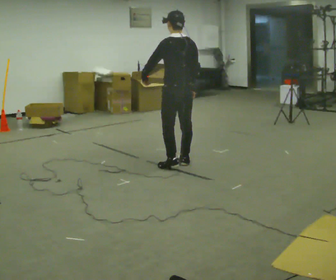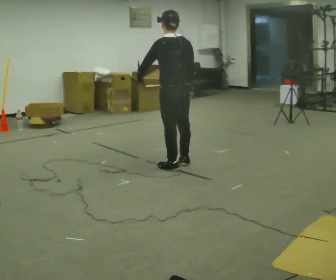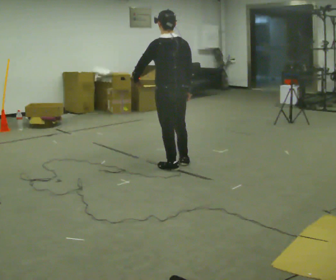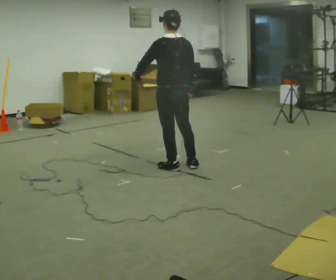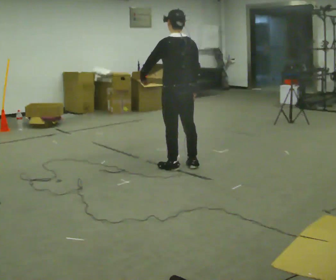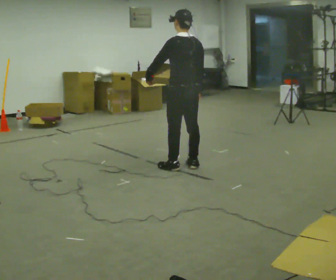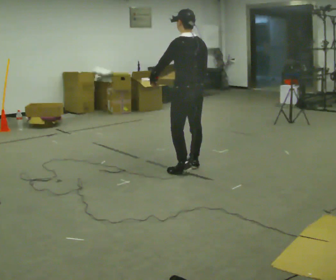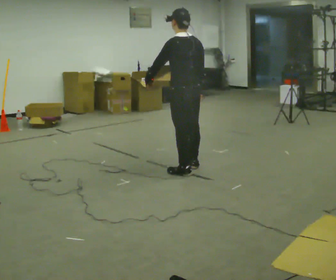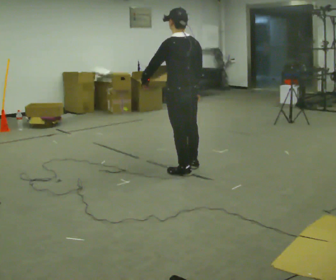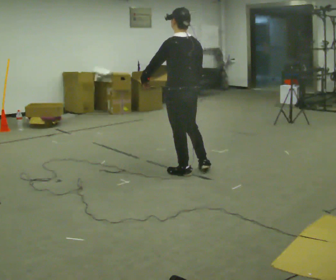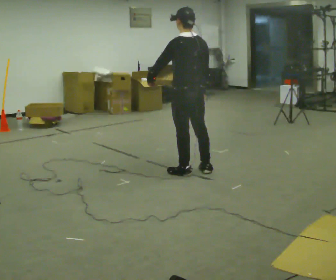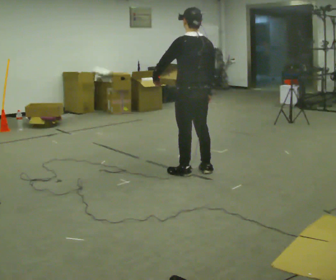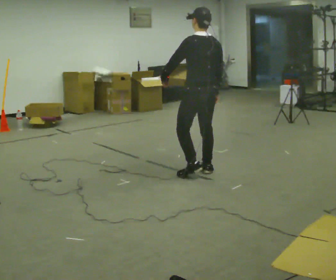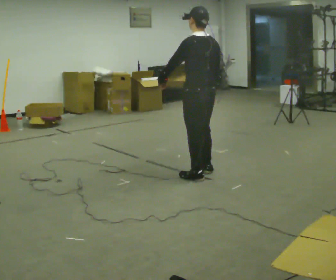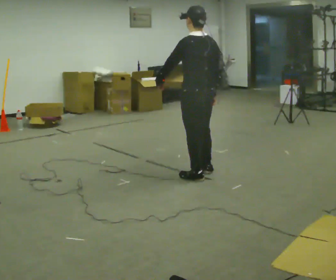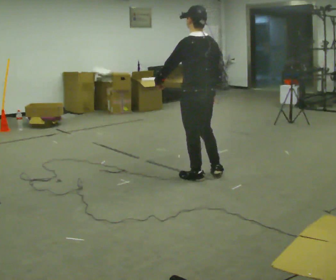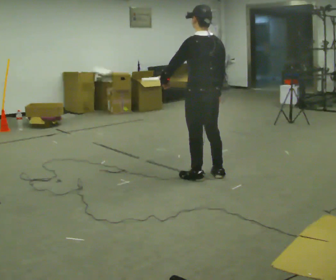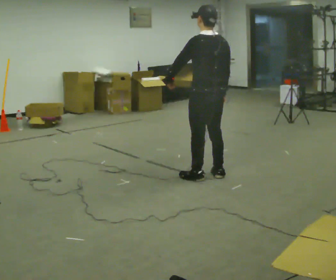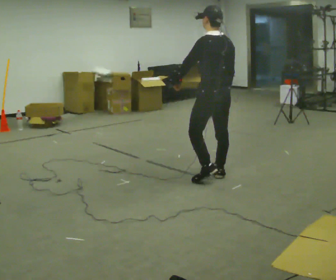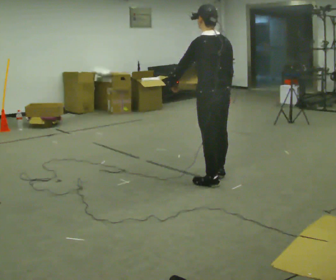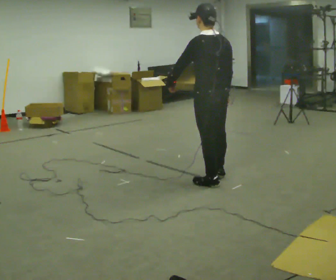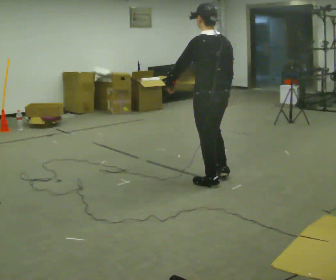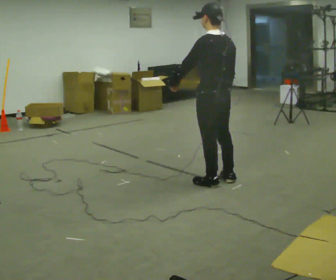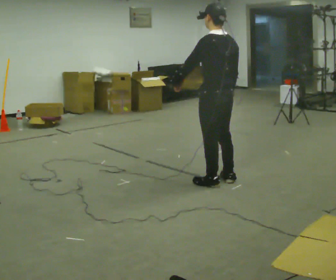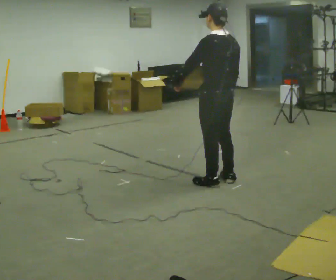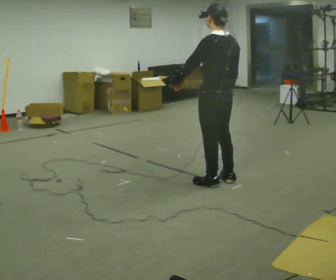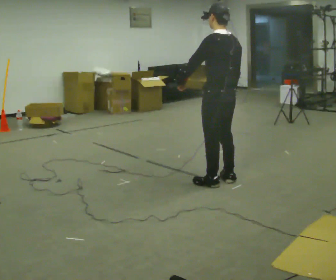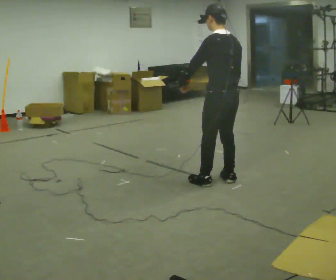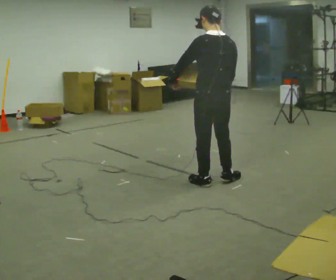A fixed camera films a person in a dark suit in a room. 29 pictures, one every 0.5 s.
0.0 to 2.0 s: The person moves a little, or ends about where they began.
2.0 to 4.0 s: In the picture they go toward the camera, about 0.25 m in 1 step, which for them is backward.
4.0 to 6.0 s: In the picture they go to the right, about 0.25 m in 2 steps, which for them is to their right.
6.0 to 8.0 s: In the picture they go toward the camera, about 0.25 m in 1 step, which for them is backward.
8.0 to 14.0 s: The person moves a little, or ends about where they began.
The film runs backward here.
